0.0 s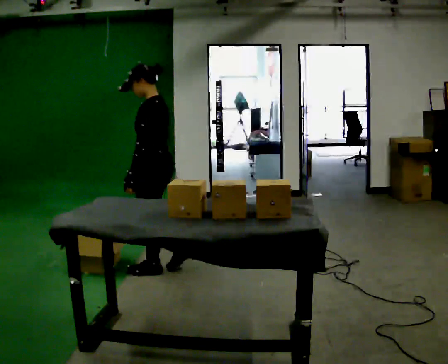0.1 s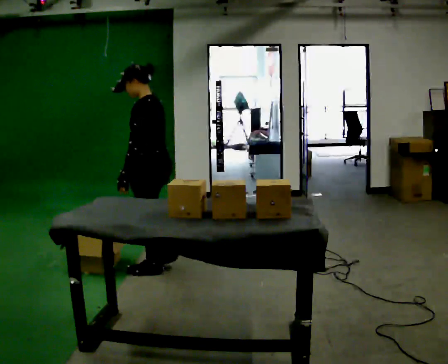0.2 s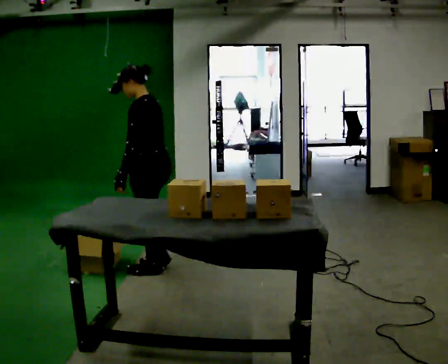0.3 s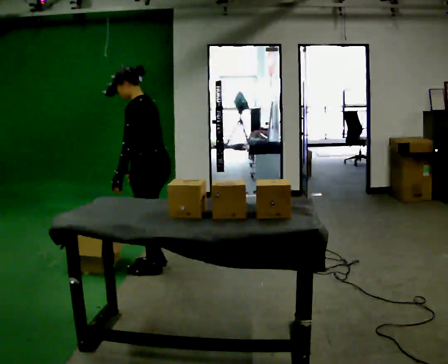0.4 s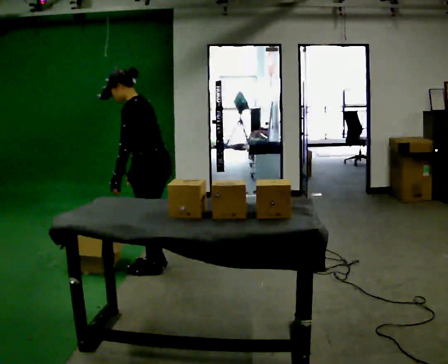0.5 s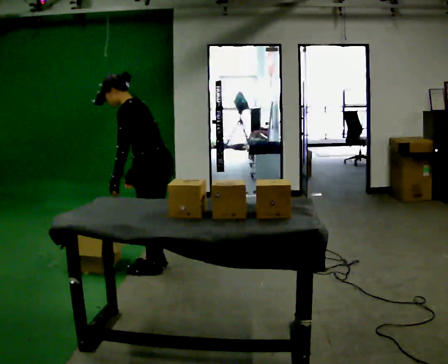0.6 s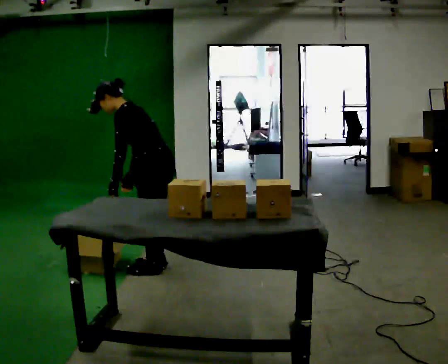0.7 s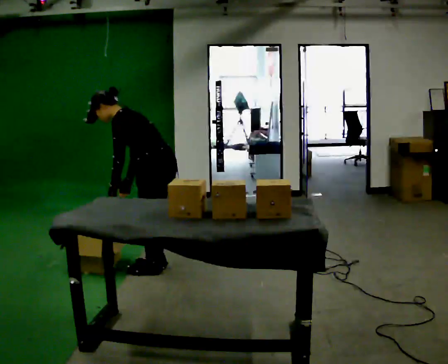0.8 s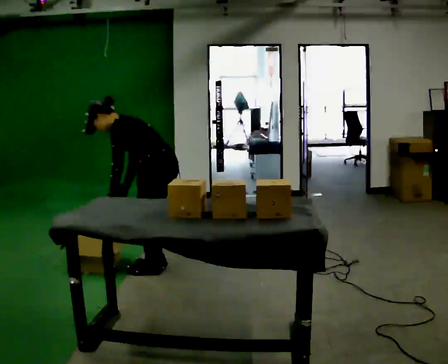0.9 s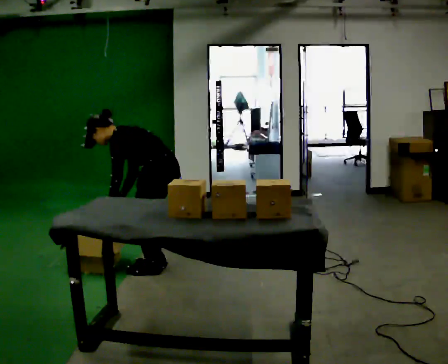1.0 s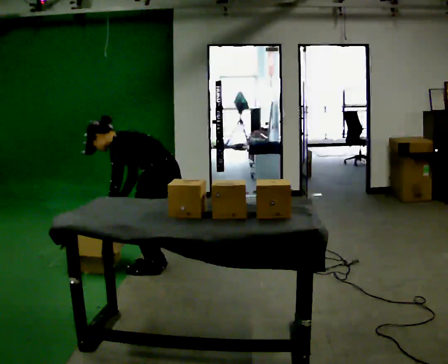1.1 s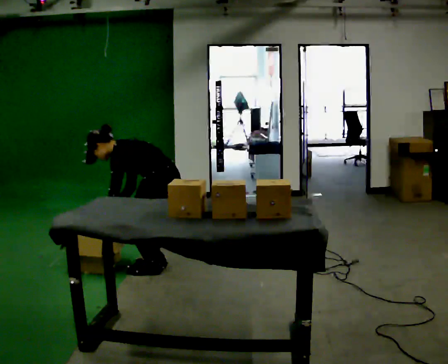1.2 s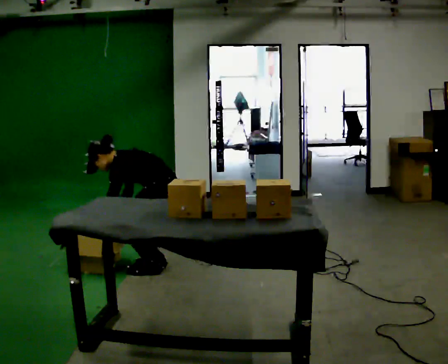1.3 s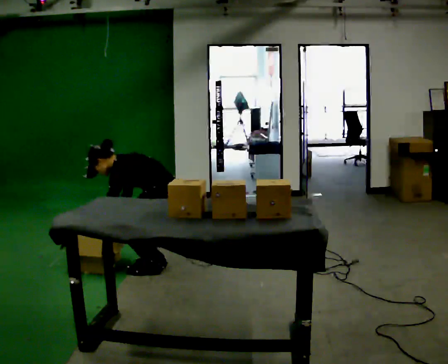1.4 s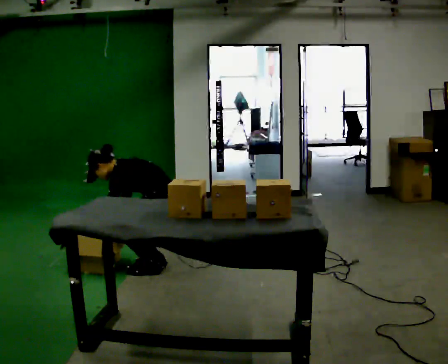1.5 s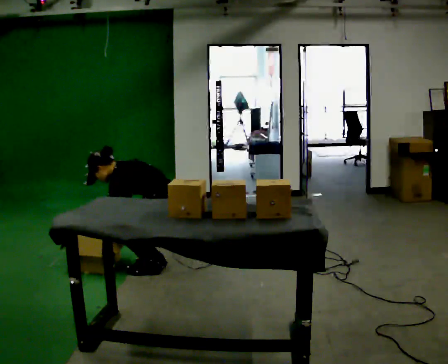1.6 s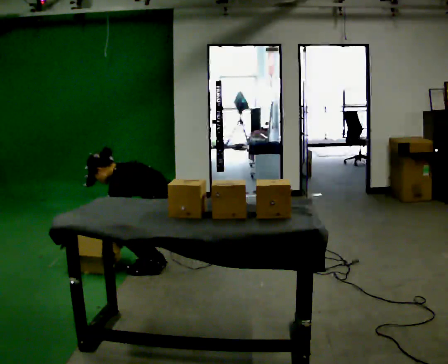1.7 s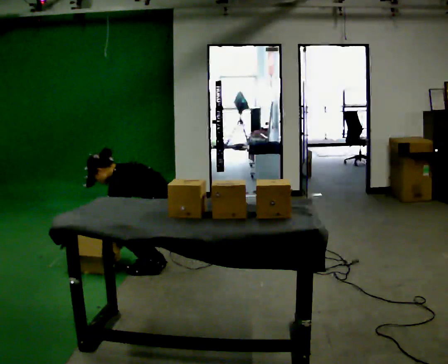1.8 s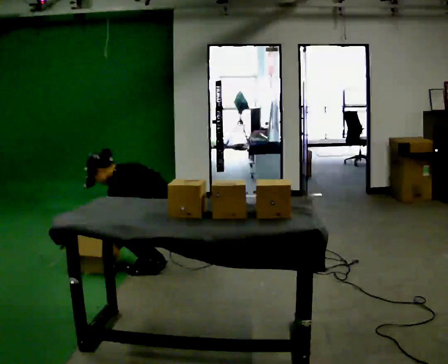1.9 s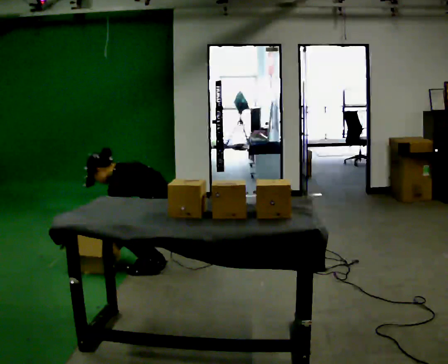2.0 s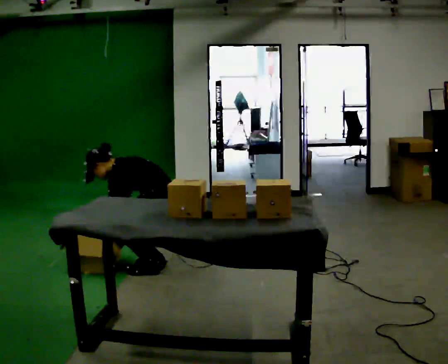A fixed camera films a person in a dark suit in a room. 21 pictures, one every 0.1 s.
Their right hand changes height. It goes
downward.
The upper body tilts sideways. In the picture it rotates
counterclockwise.
0.0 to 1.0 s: The upper body goes downward. In the picture the upper body tilts counterclockwise, shoulders to the left, as they bend forward.
1.0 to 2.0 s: The person moves a little, or ends about where they began.
The film runs forward here.
